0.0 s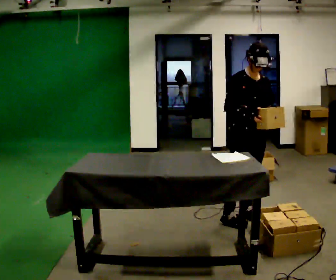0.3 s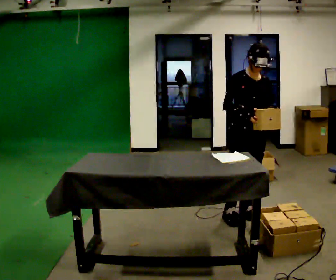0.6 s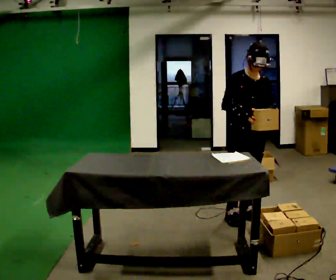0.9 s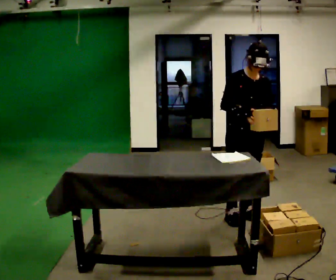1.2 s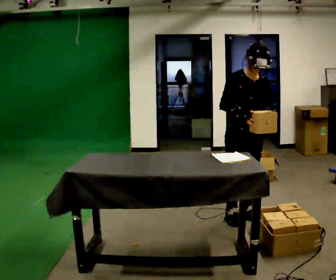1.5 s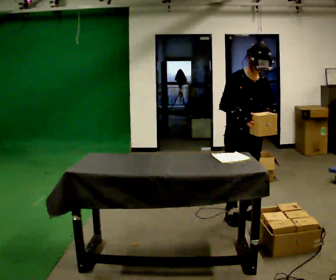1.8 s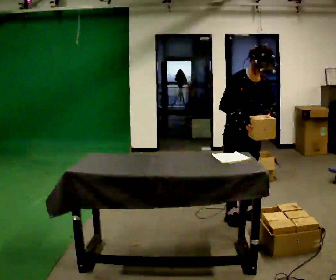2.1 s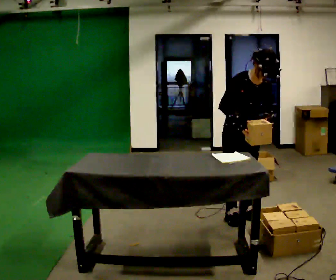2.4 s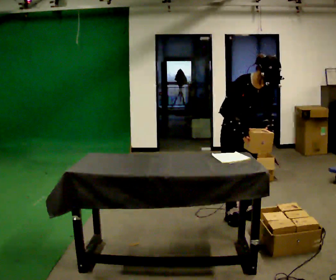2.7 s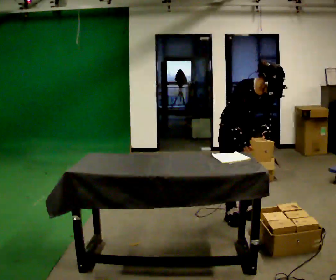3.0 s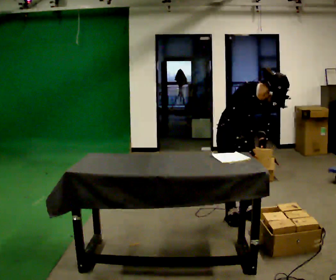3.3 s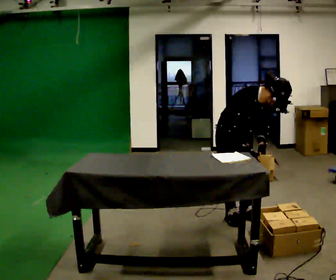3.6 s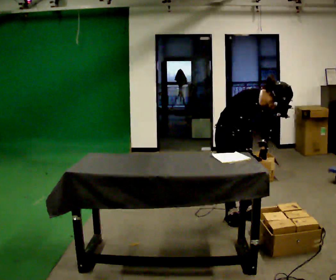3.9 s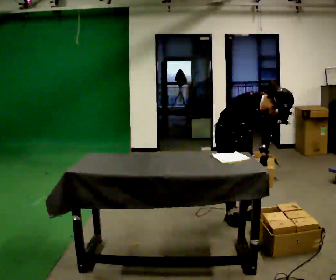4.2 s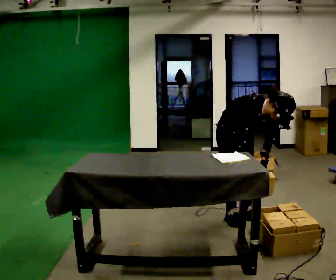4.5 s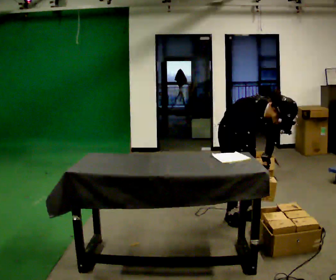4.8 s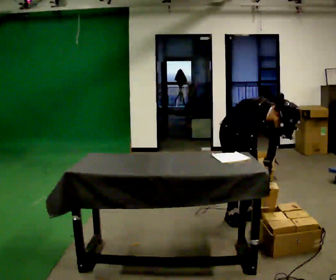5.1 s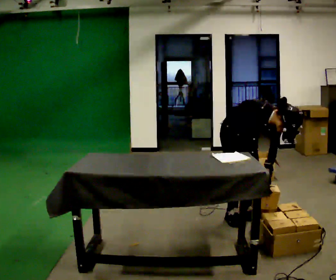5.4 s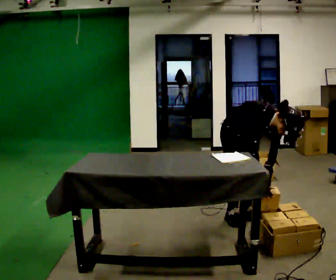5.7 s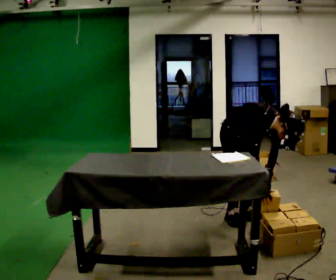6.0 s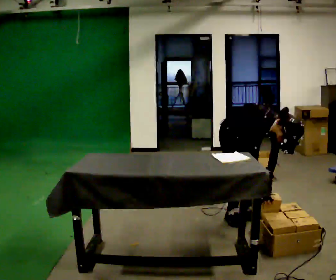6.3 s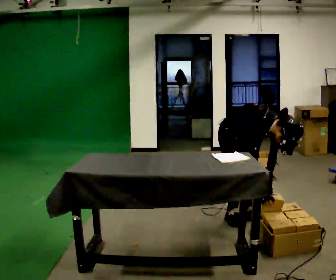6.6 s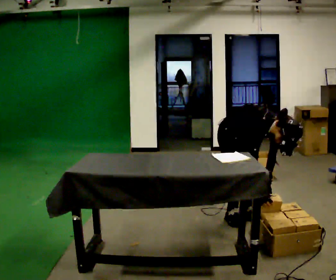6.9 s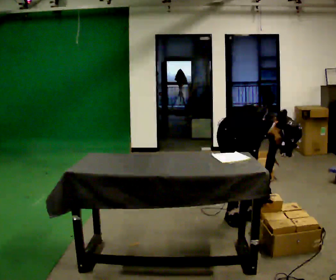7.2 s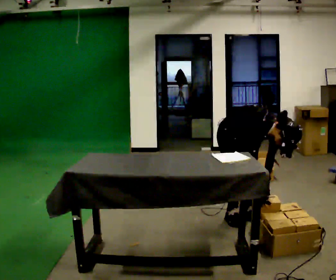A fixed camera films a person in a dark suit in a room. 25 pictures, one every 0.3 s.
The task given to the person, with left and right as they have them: 1. Read the parts list. 2. Collect each part from the bins around the room. 3. Lay them out on the table in the order on the list. 4. Put them all in the carry case. 5. Tell the operator when you are finished.
0.0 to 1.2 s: The person moves a little, or ends about where they began.
1.2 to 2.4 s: The upper body tips toward the camera, its near side rolling downward, as they bend forward.
2.4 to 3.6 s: In the picture the upper body tilts clockwise, shoulders to the right, as they bend forward.
3.6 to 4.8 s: The upper body tips toward the camera, its near side rolling downward, as they bend forward.
4.8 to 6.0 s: In the picture the upper body tilts clockwise, shoulders to the right.
6.0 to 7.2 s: The person keeps their place and pose.
The film runs forward here.
